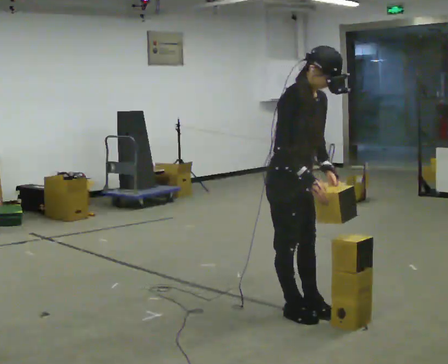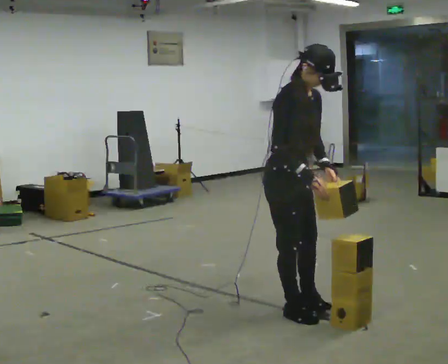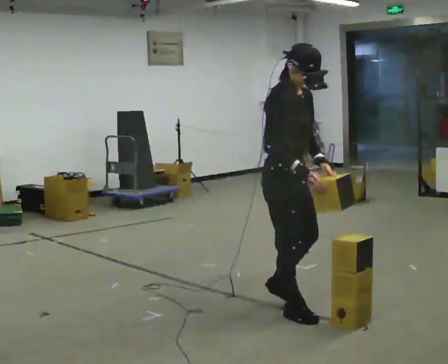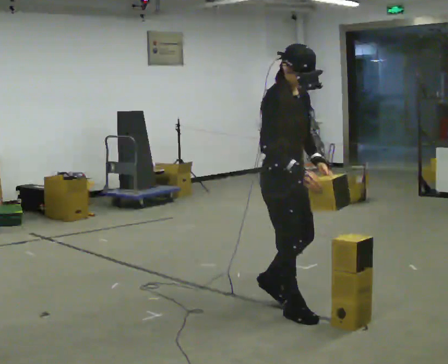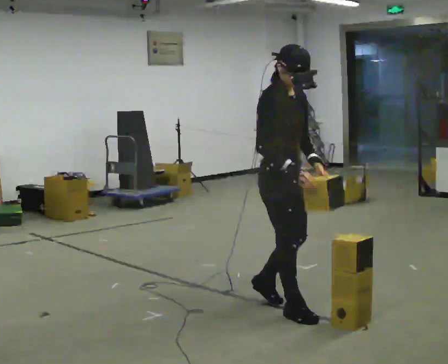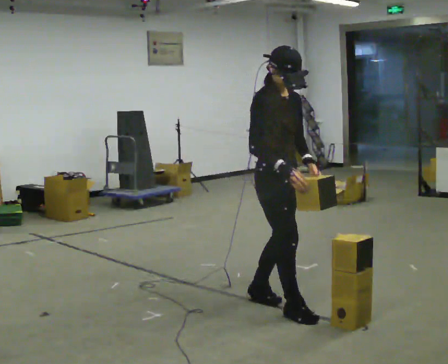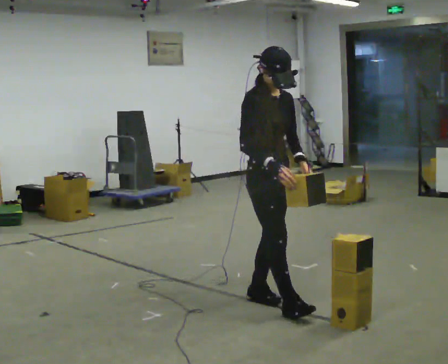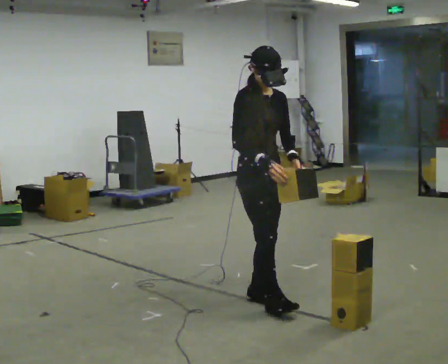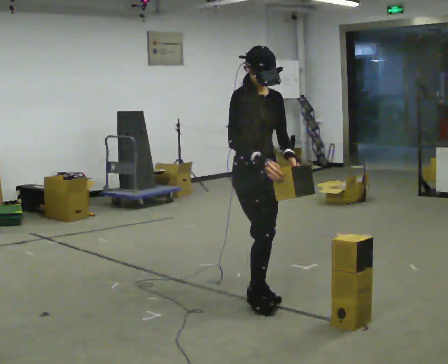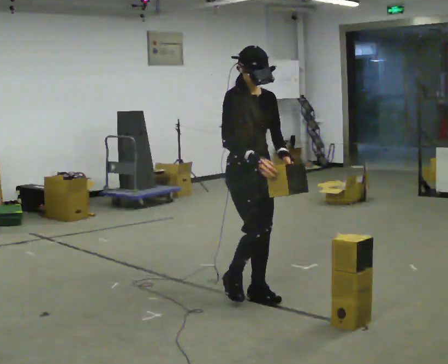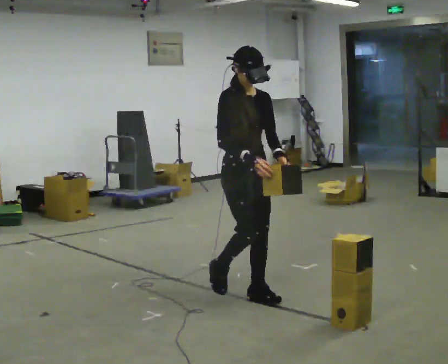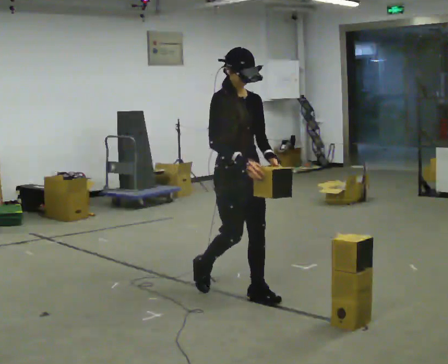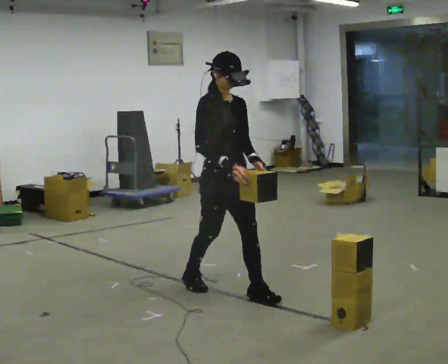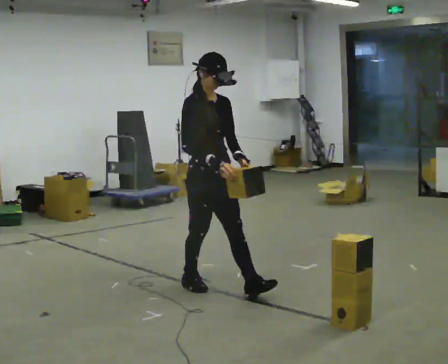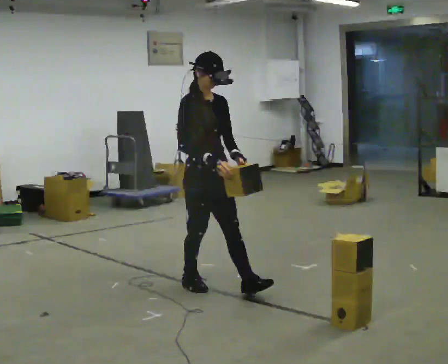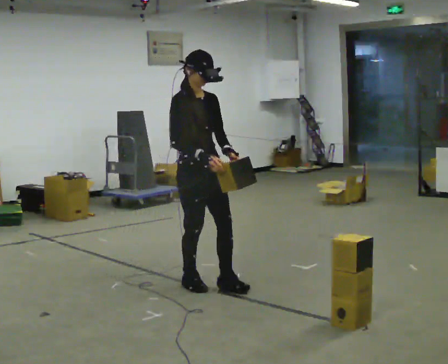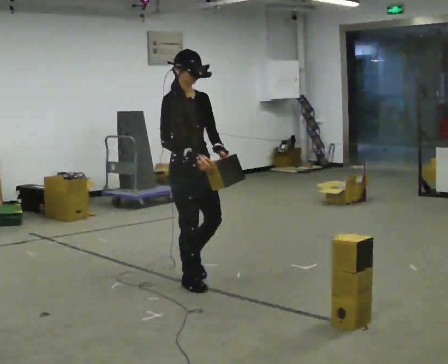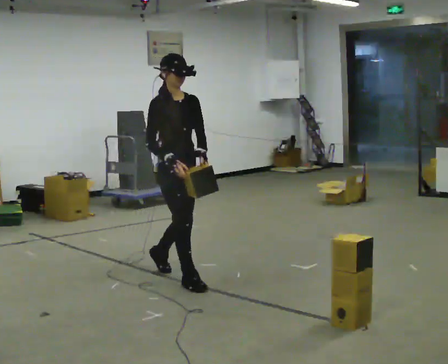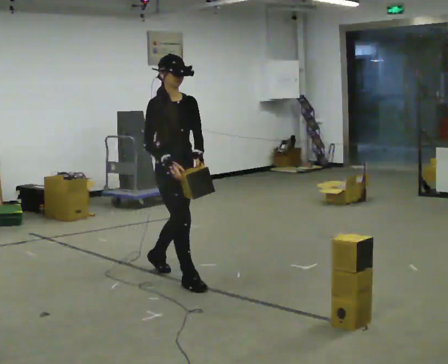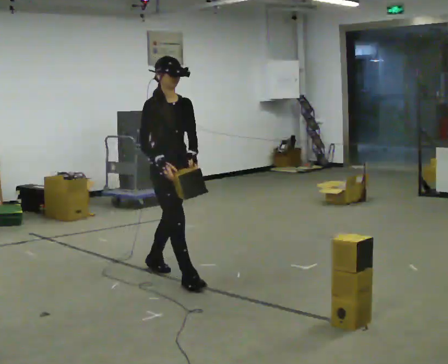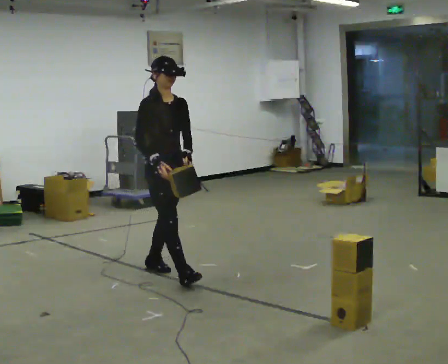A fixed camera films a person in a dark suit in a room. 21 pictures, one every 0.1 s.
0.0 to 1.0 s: In the picture they go away from the camera and to the left, about 0.5 m in 2 steps, which for them is backward.
1.0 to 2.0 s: In the picture they go away from the camera and to the left, about 1 m in 2 steps, which for them is backward.
The film runs backward here.
